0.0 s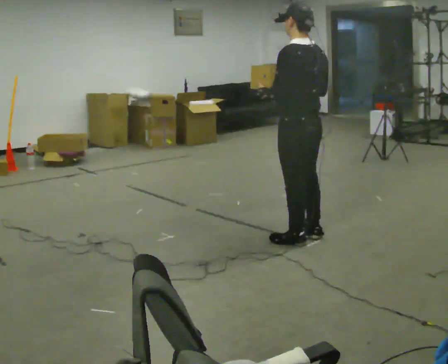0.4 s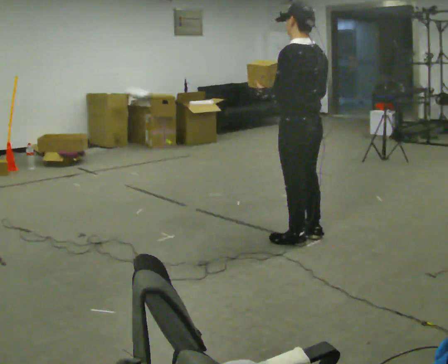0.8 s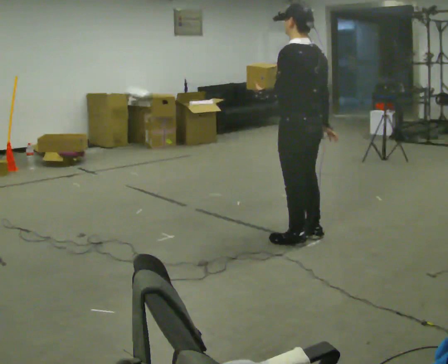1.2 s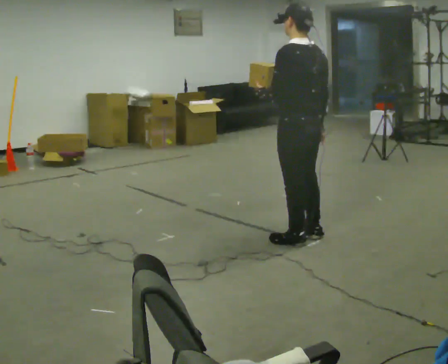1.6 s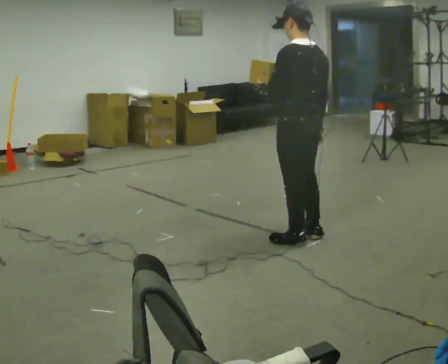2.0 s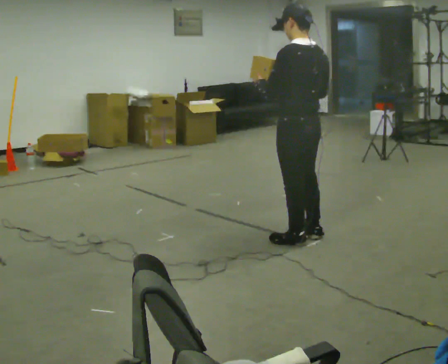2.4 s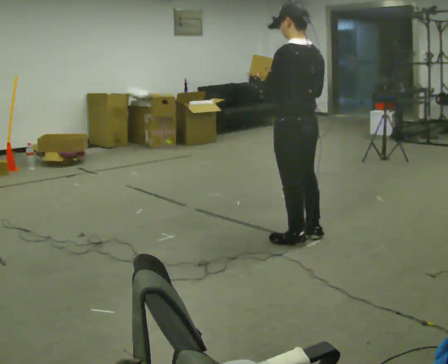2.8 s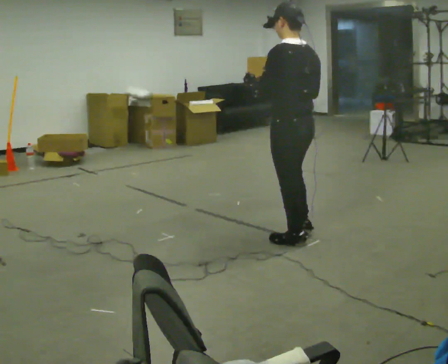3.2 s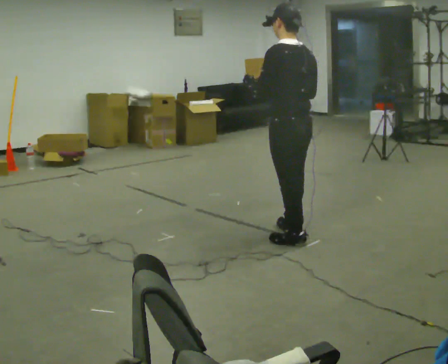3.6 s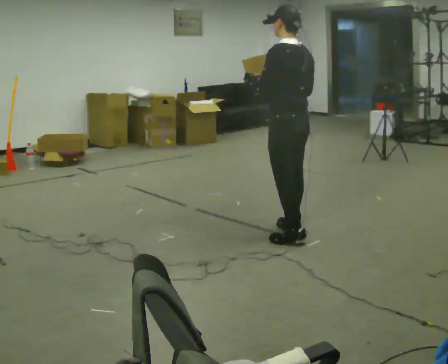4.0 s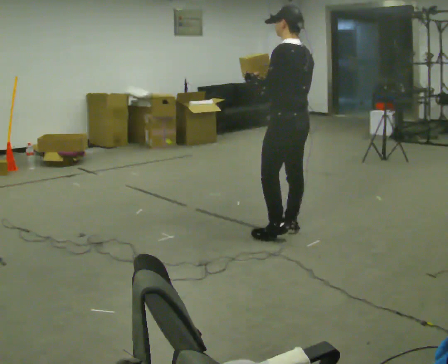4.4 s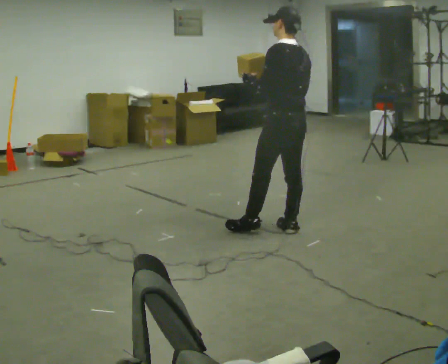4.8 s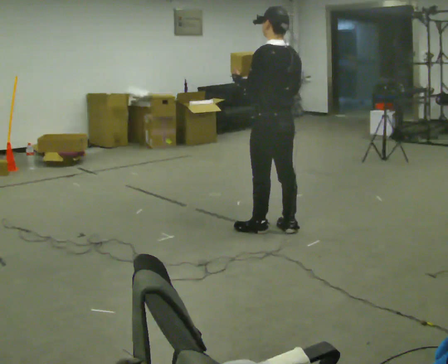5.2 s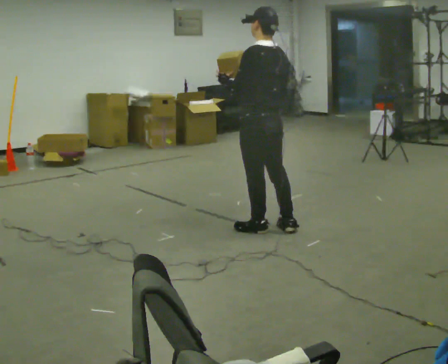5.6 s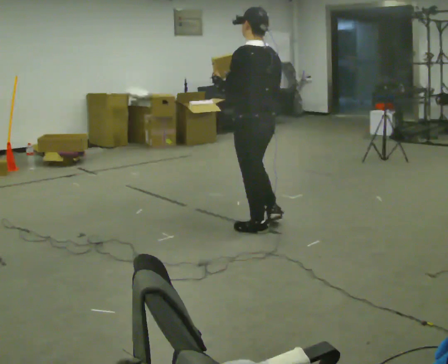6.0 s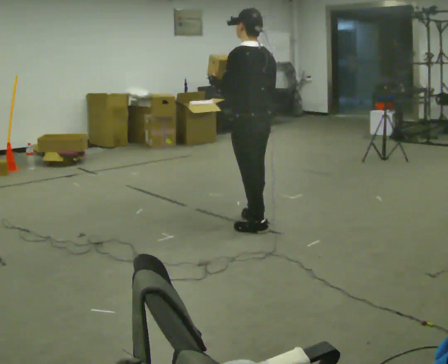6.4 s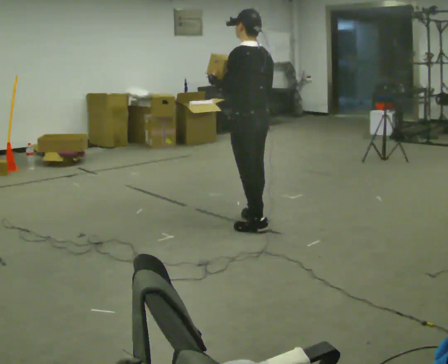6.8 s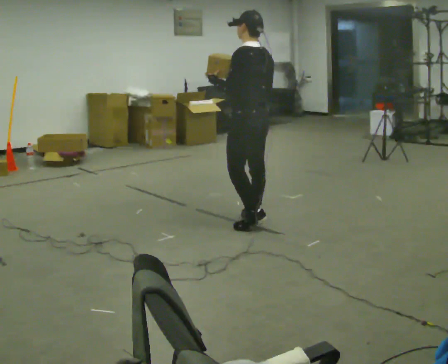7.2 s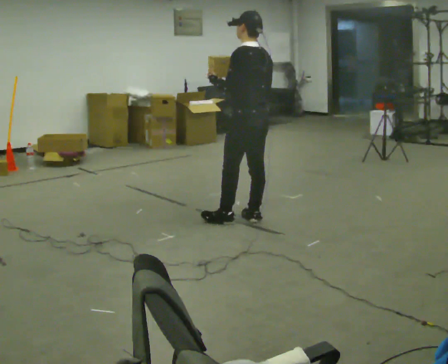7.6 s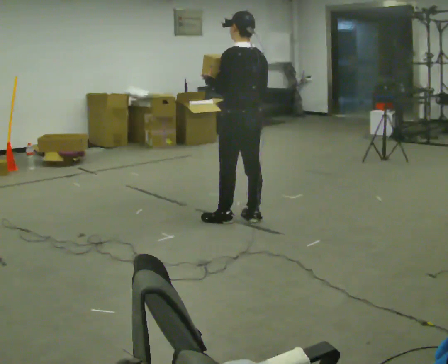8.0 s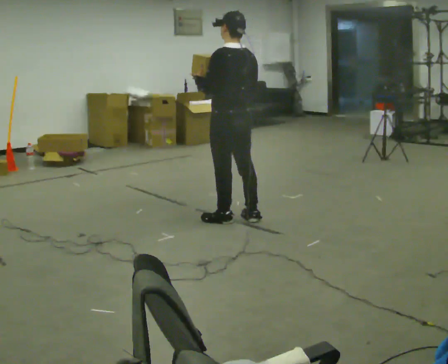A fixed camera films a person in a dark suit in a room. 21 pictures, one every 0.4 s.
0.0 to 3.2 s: The person moves a little, or ends about where they began.
3.2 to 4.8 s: In the picture they go to the left and away from the camera, about 0.25 m in 1 step, which for them is forward.
4.8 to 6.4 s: In the picture they go to the left, about 0.25 m in 1 step, which for them is forward.
6.4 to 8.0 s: In the picture they go to the left, about 0.25 m in 1 step, which for them is forward.
The film runs forward here.
